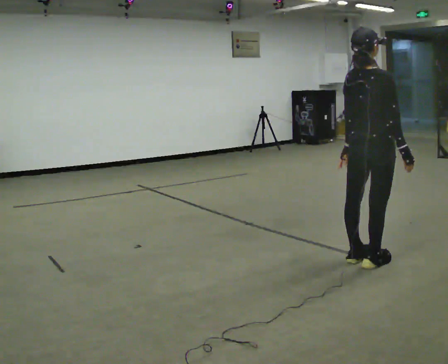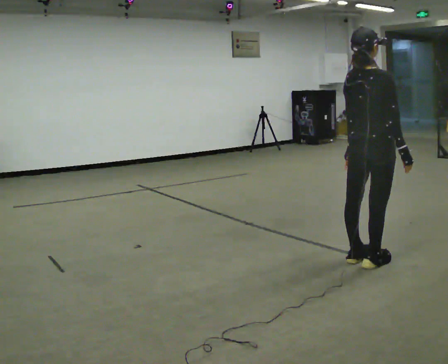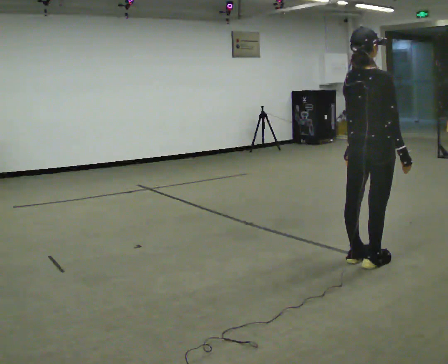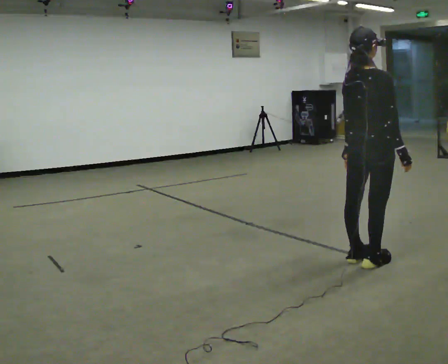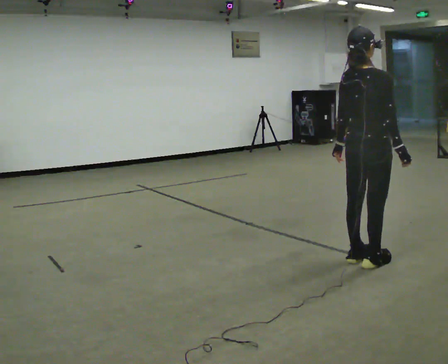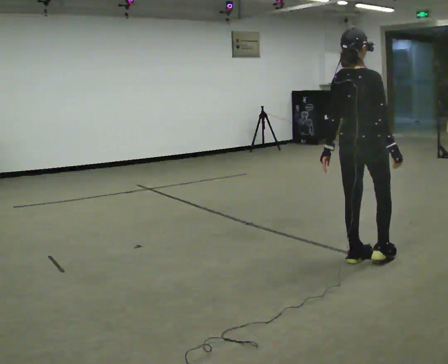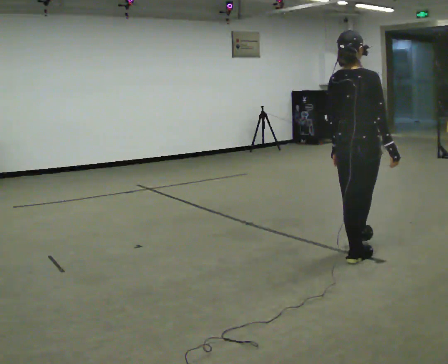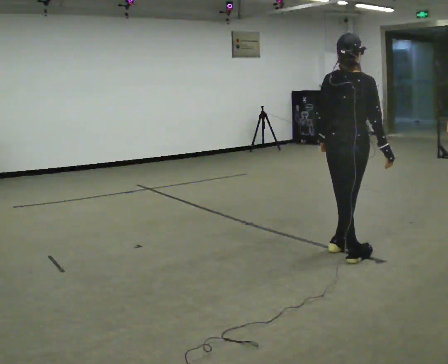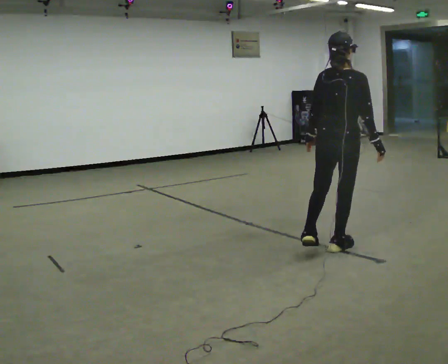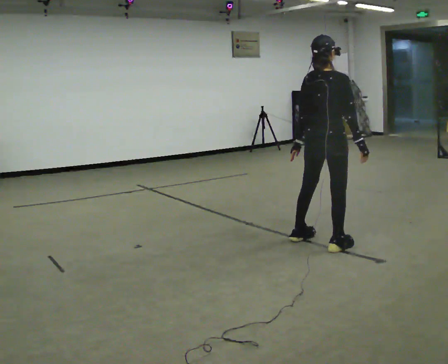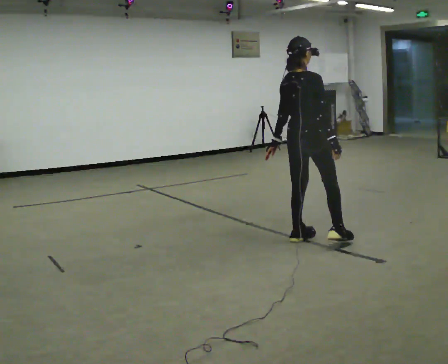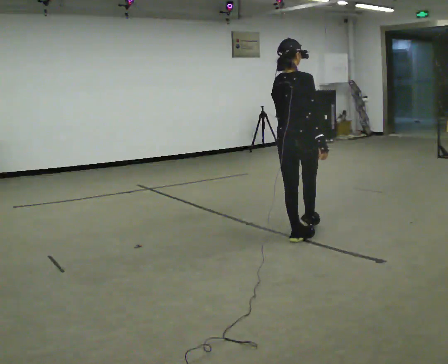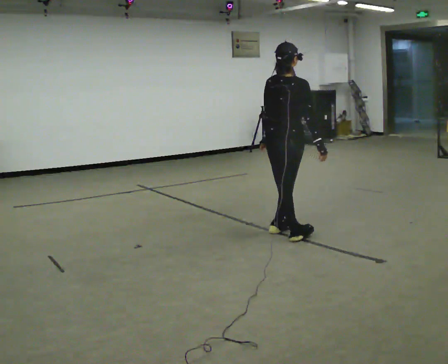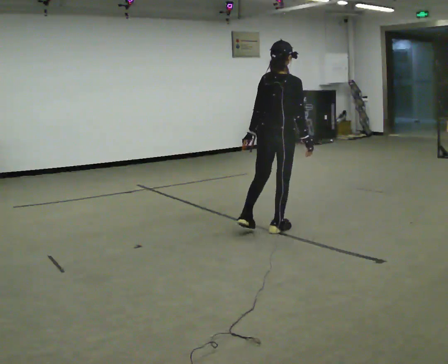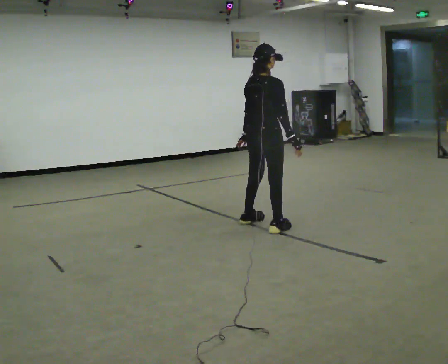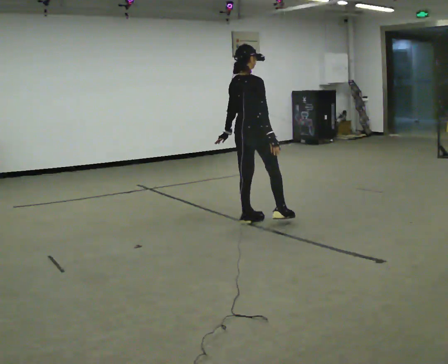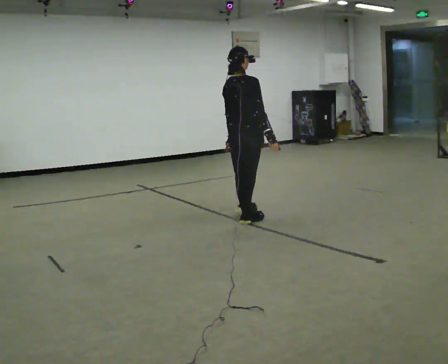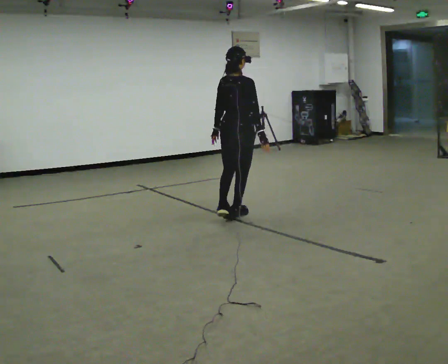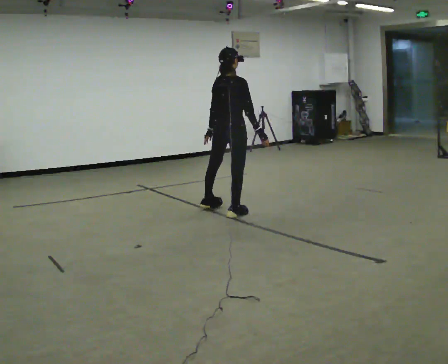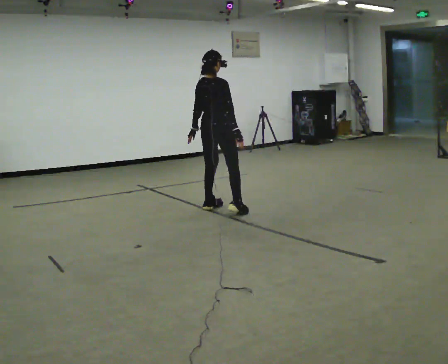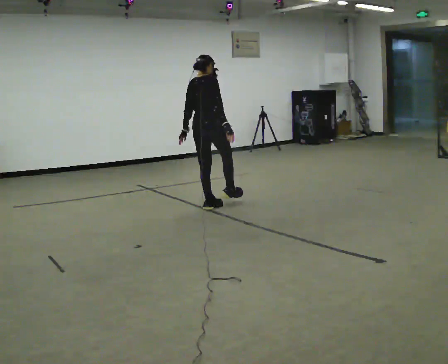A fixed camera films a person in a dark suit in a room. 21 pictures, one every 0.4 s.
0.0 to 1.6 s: The person moves a little, or ends about where they began.
1.6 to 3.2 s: The person turns about 30 degrees to their left, counterclockwise seen from above, so the part of the body nearest the lens slides to the right. In the picture they go away from the camera, about 0.25 m in 1 step, which for them is to their left and forward.
3.2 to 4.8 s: In the picture they go away from the camera and to the left, about 0.5 m in 2 steps, which for them is to their left.
4.8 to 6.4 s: In the picture they go away from the camera and to the left, about 0.5 m in 1 step, which for them is to their left.
6.4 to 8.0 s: In the picture they go away from the camera and to the left, about 0.5 m in 2 steps, which for them is to their left.
The film runs forward here.
